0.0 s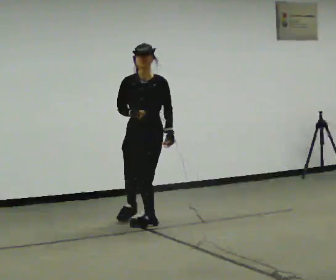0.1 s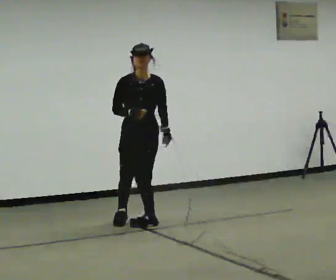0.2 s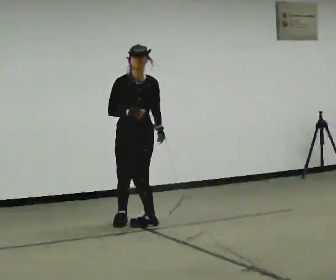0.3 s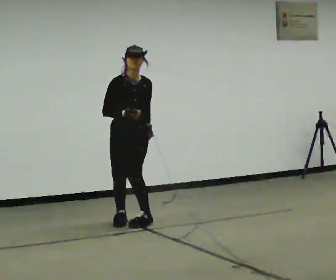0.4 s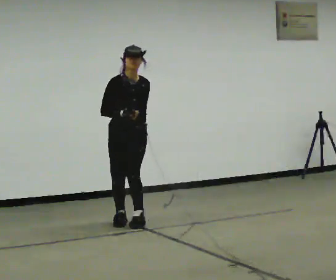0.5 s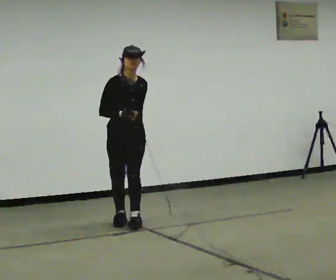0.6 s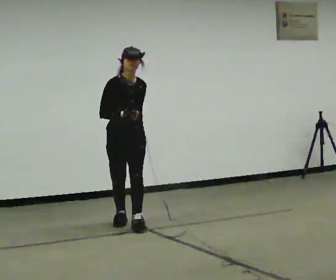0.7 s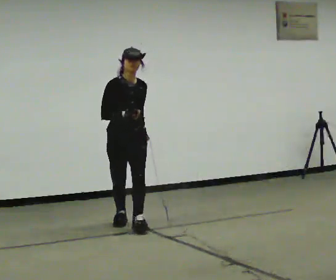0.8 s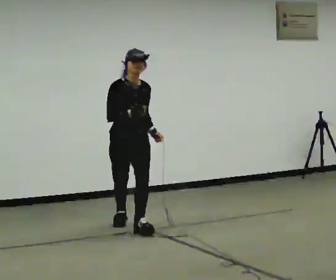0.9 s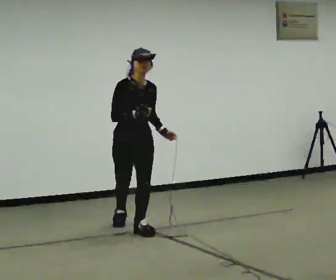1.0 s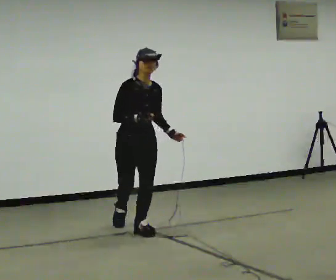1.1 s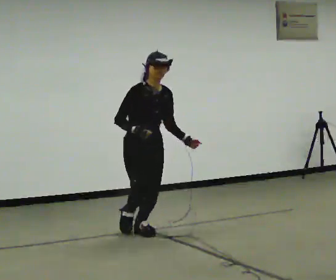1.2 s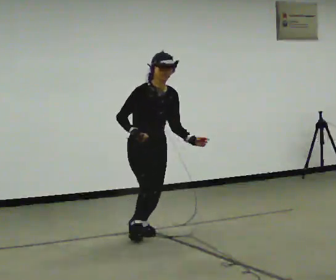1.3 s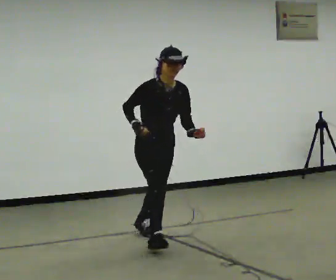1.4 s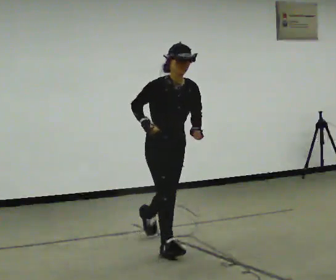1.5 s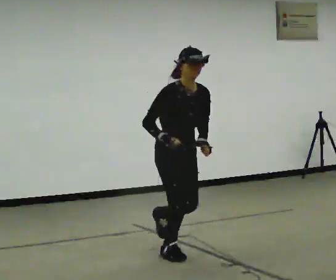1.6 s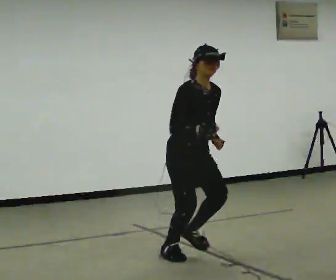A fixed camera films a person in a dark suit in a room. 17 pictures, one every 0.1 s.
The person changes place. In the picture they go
toward the camera.
0.0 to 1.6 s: Seen from above the body turns counterclockwise, about 60 degrees: to their left, with its near side sliding to the right. In the picture they go toward the camera, about 1.5 m in 3 steps, which for them is forward. In the picture the upper body tilts clockwise, shoulders to the right.
The film runs forward here.
